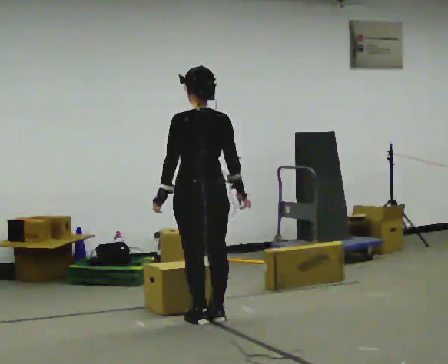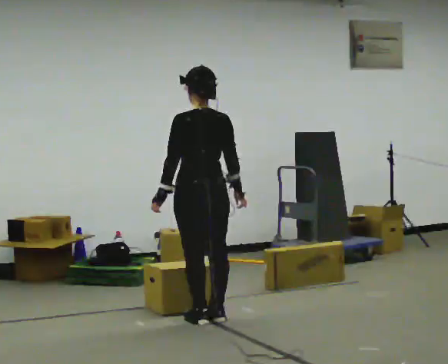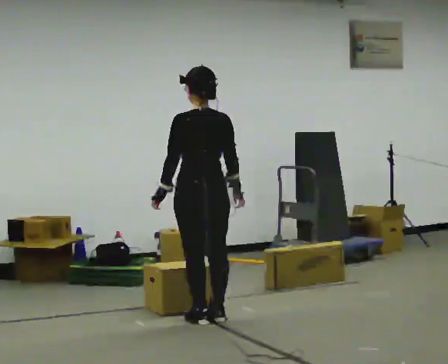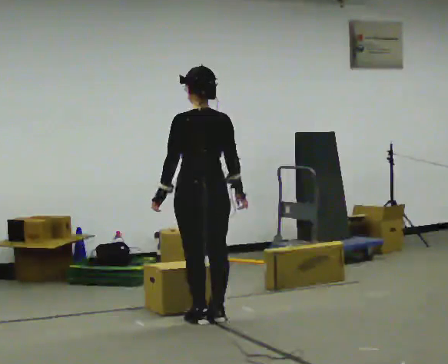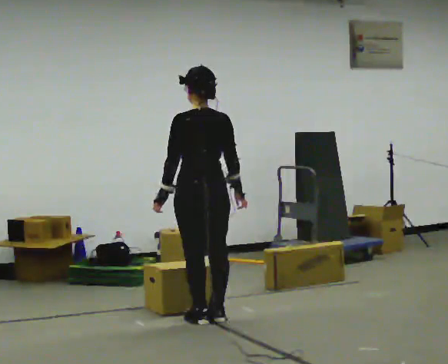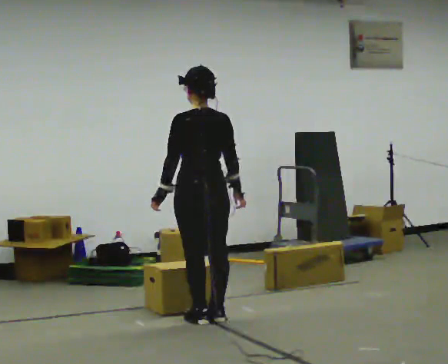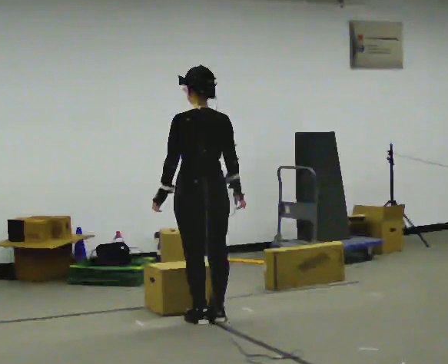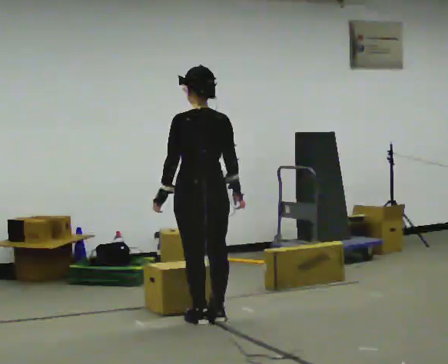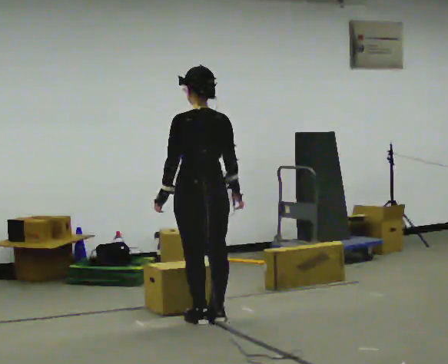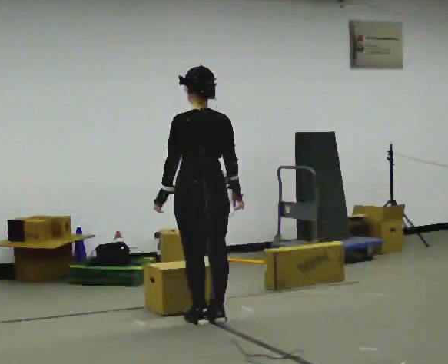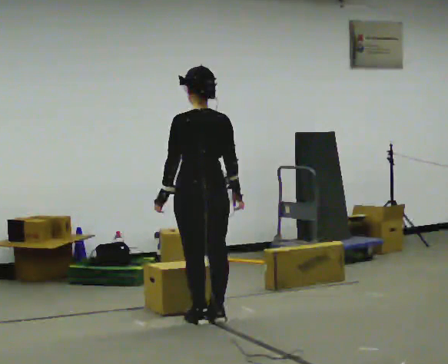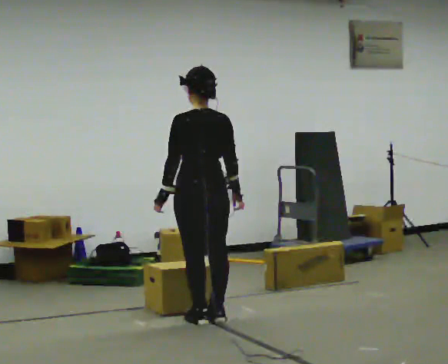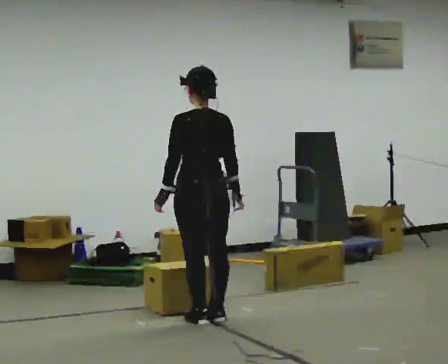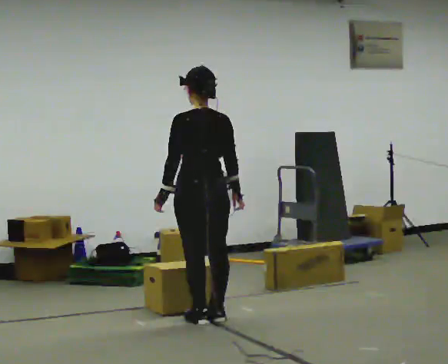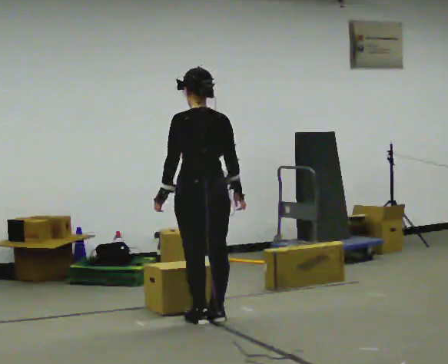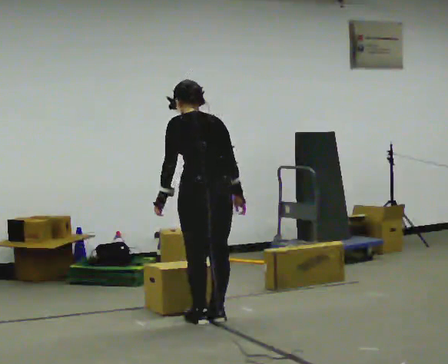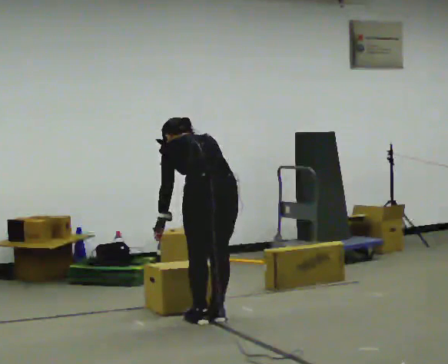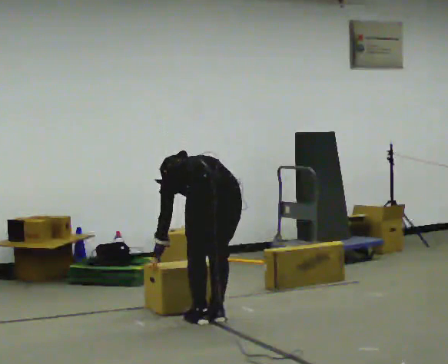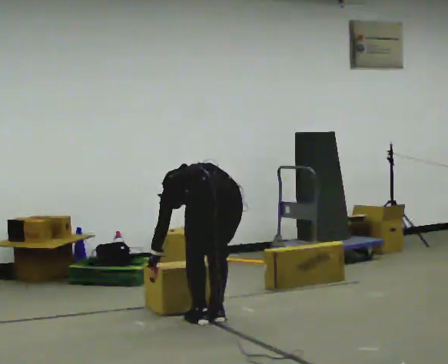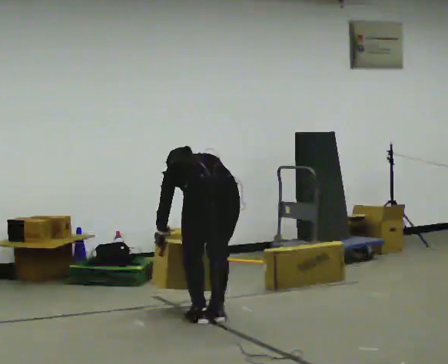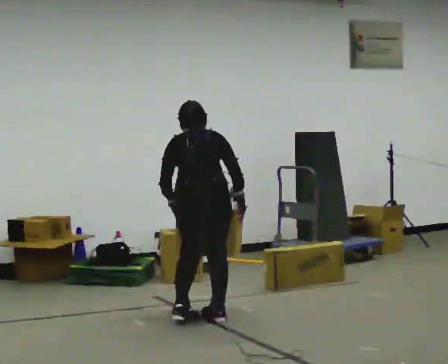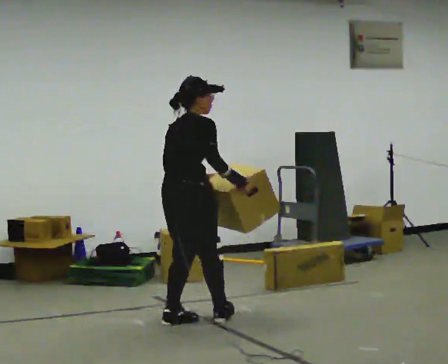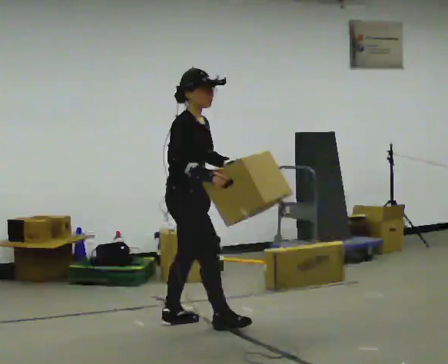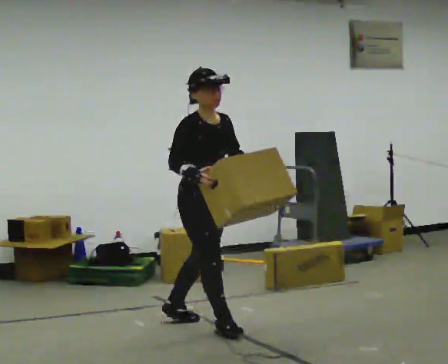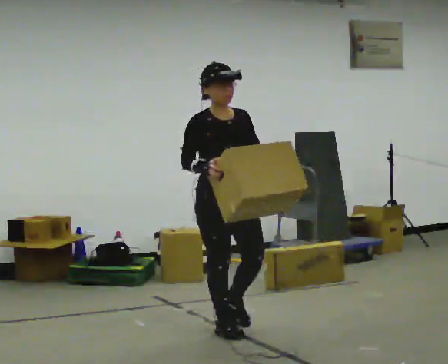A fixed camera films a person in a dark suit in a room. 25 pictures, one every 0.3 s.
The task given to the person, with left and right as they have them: Carry the box across the room as briskly as you comfortably can, back and forth. Do not run.
0.0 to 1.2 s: The person moves a little, or ends about where they began.
1.2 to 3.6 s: The person keeps their place and pose.
3.6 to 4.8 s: The shoulders move downward. The upper body tips away from the camera, its near side rolling upward, as they bend forward.
4.8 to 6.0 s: The part of the body nearest the lens slides to the left as the person turns to their right by about 30 degrees.
6.0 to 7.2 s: The person turns about 150 degrees to their right, clockwise seen from above, so the part of the body nearest the lens slides to the left. In the picture they go toward the camera, about 0.25 m in 2 steps. The upper body tips toward the camera, its near side rolling downward, as they lean back or straighten.
The film runs forward here.
